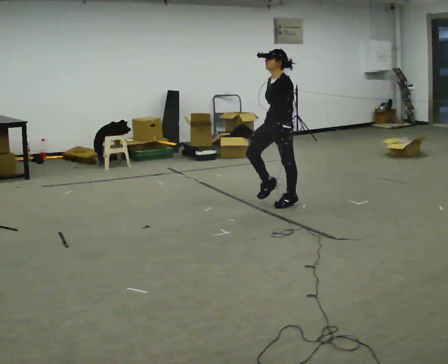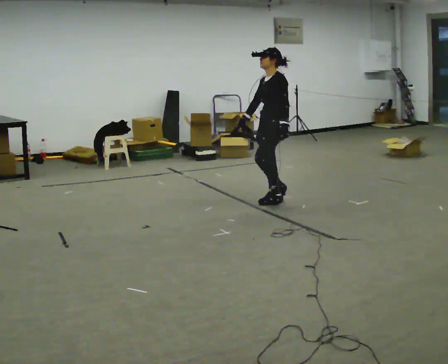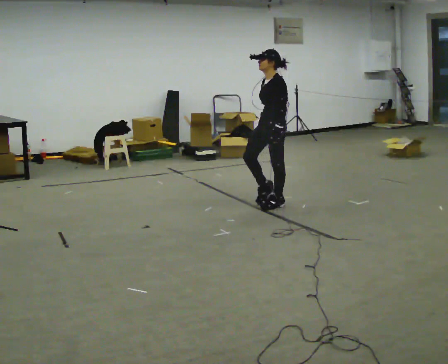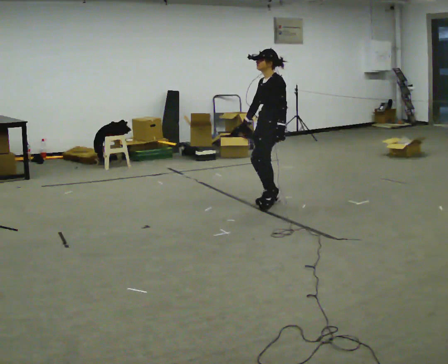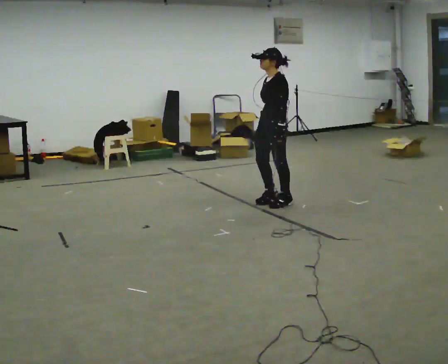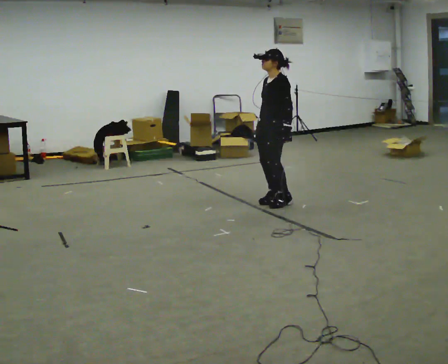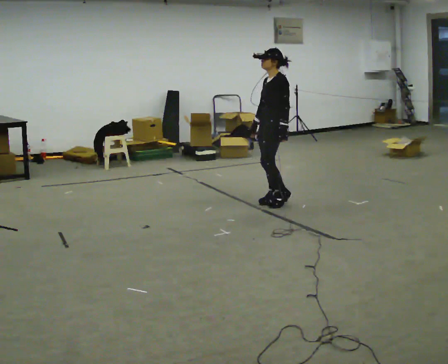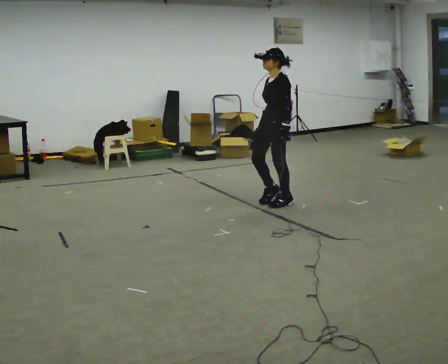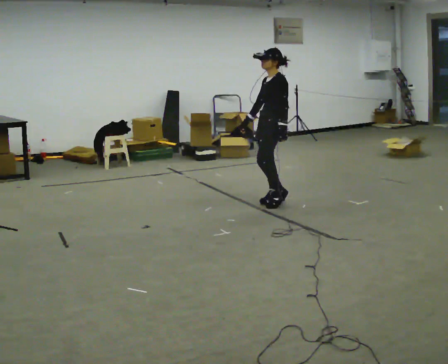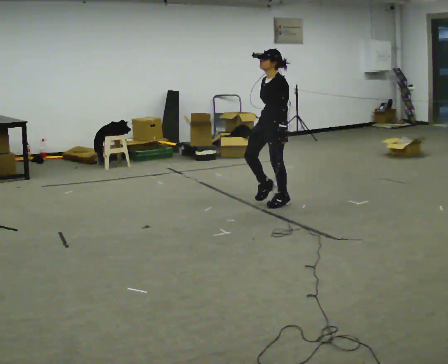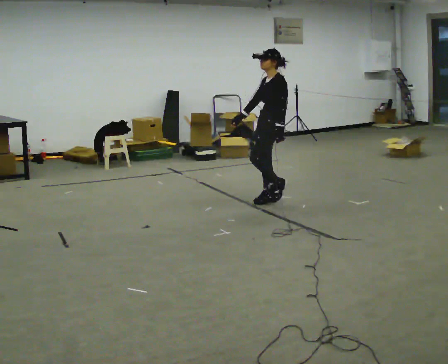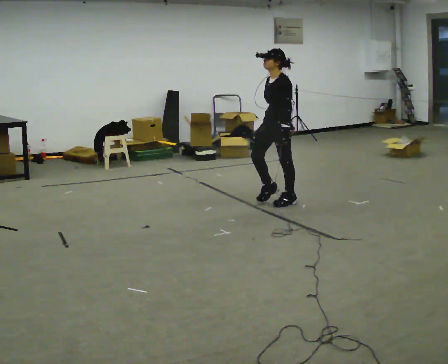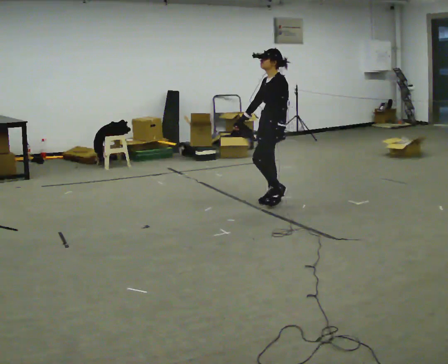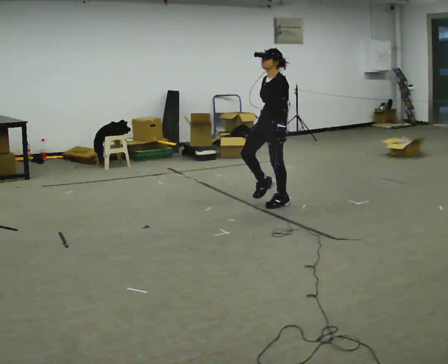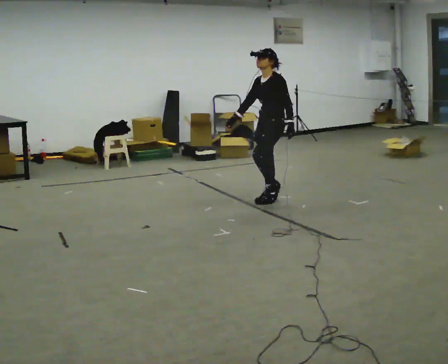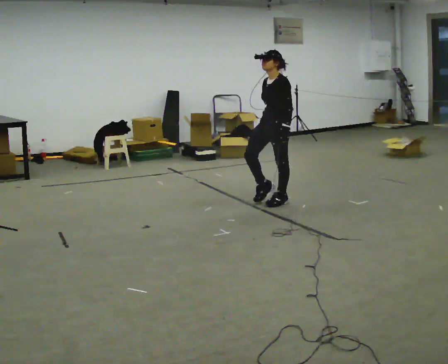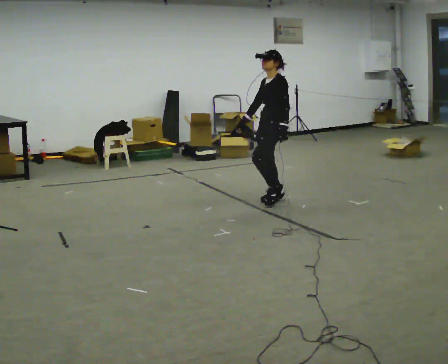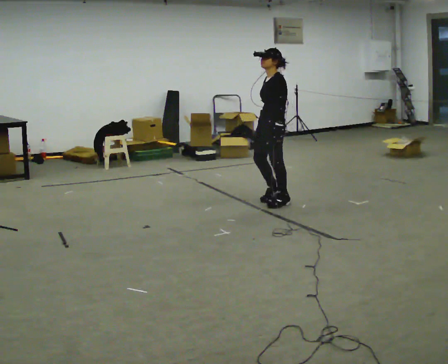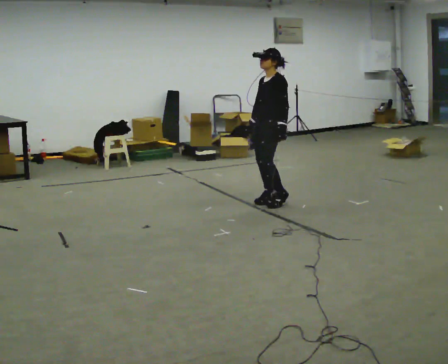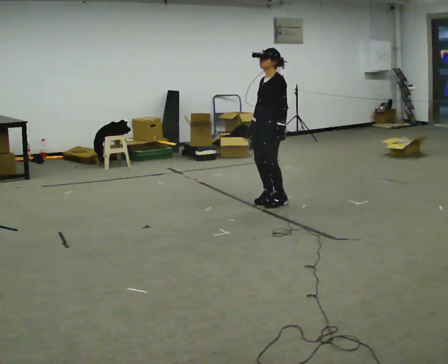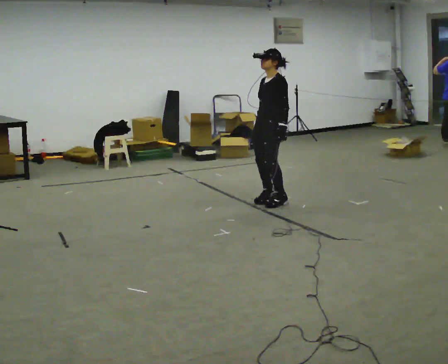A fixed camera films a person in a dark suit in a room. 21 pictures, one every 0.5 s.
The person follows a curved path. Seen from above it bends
counterclockwise.
0.0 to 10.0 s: The person moves a little, or ends about where they began.
The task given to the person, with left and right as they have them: March in place at a comfortable rhythm without moving forward; stop.
The film runs forward here.
